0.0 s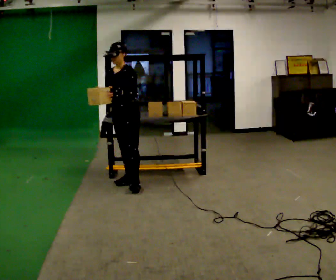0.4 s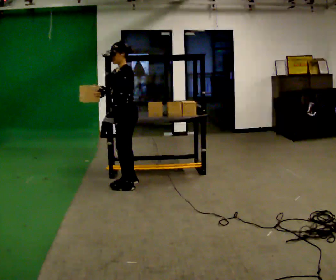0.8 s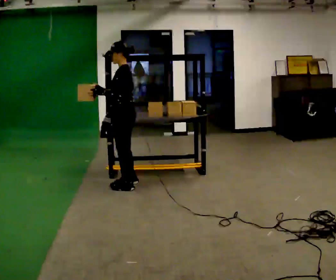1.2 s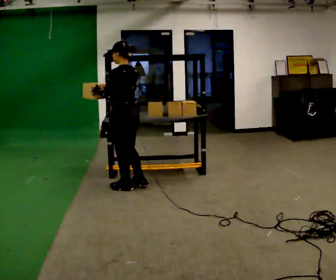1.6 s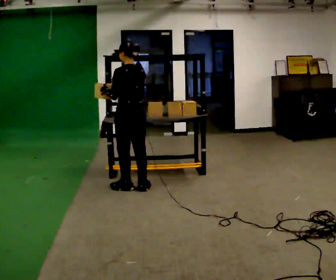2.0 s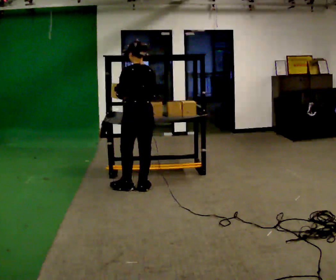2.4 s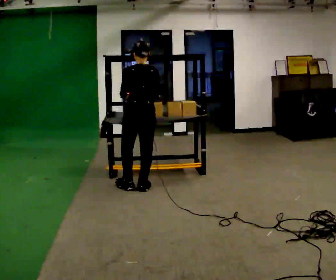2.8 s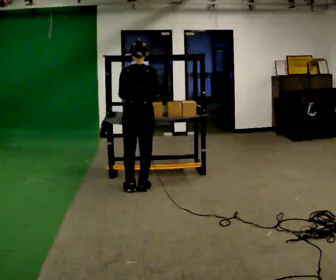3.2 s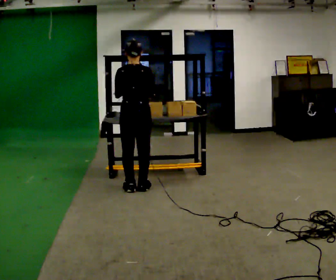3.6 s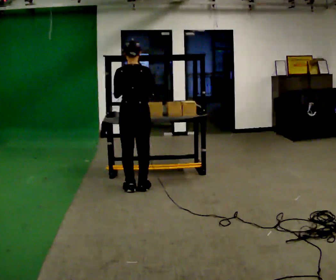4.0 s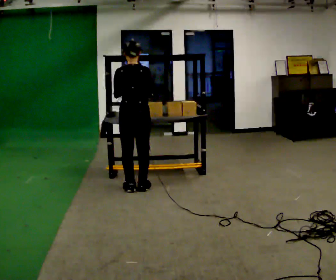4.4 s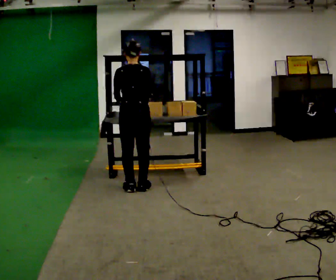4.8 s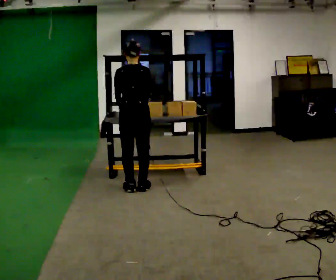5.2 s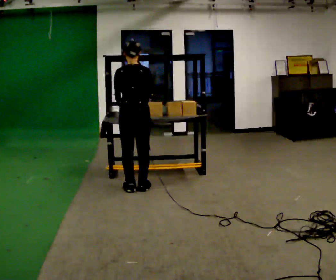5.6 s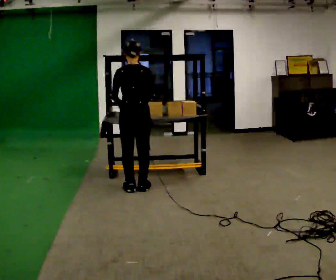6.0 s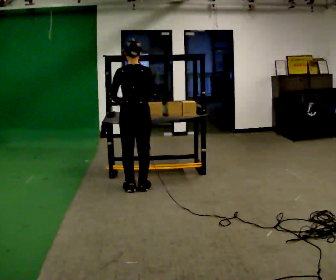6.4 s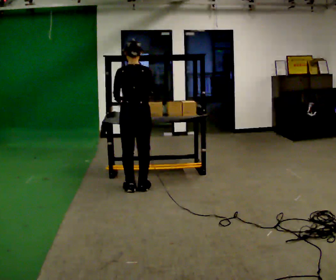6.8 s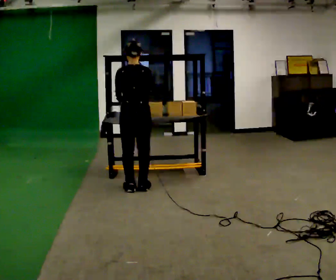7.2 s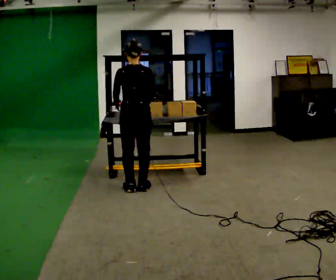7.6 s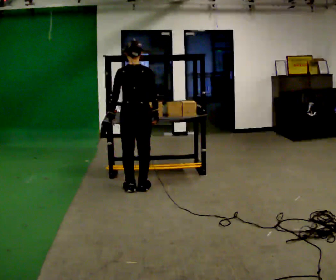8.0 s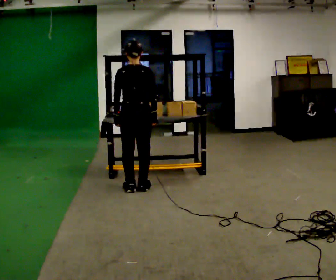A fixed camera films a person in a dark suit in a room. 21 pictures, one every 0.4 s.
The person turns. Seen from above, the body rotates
clockwise.
The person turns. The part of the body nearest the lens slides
to the left.
0.0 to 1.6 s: The person turns about 105 degrees to their right, clockwise seen from above, so the part of the body nearest the lens slides to the left. In the picture they go toward the camera, about 0.25 m in 1 step.
1.6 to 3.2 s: The person turns about 45 degrees to their right, clockwise seen from above, so the part of the body nearest the lens slides to the left.
3.2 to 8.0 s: The person moves a little, or ends about where they began.
The film runs backward here.
